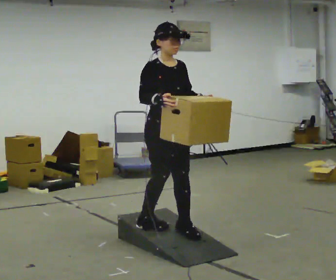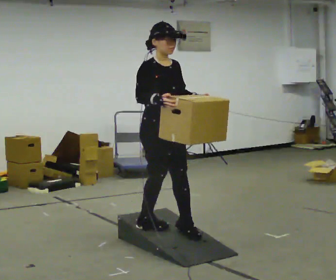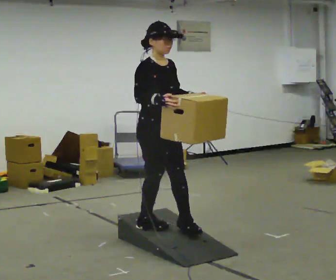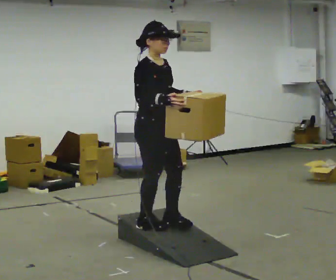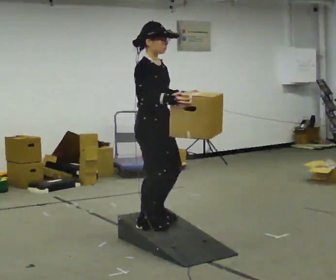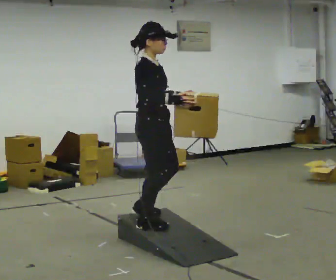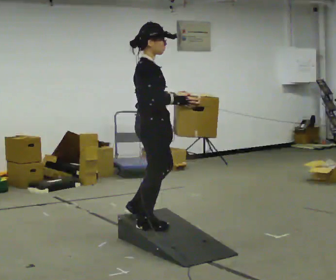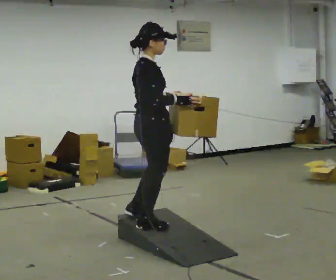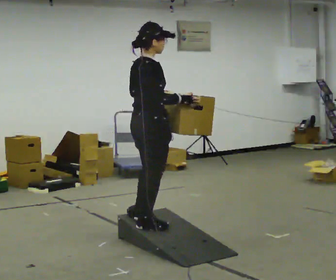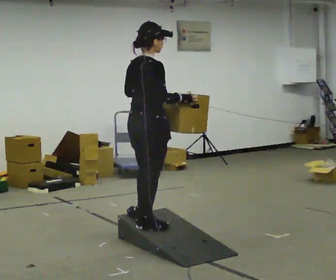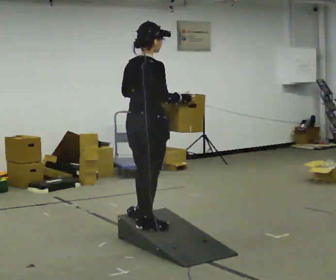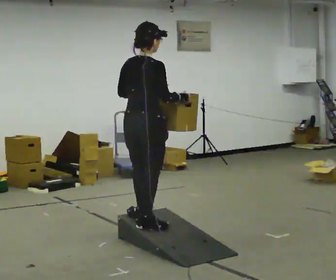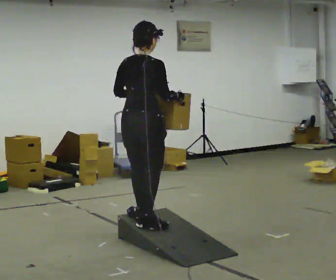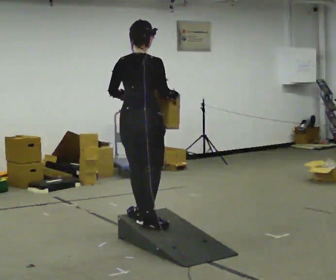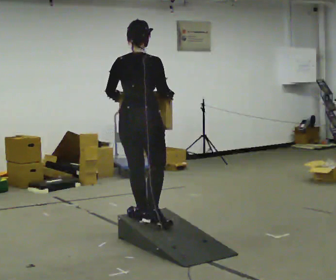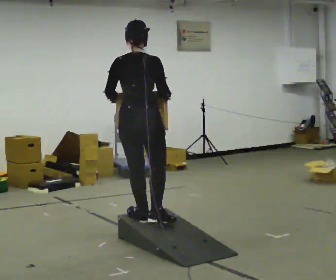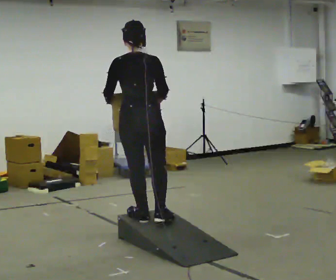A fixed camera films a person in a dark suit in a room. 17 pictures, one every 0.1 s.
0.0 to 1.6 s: The part of the body nearest the lens slides to the right as the person turns to their left by about 120 degrees. In the picture they go to the left, about 0.25 m in 2 steps.
The film runs backward here.
